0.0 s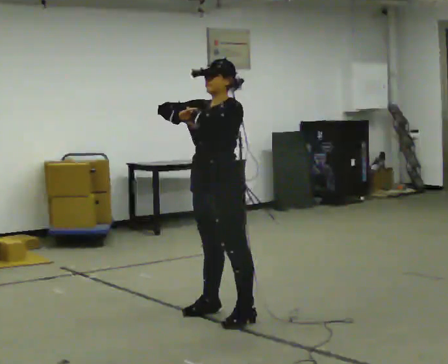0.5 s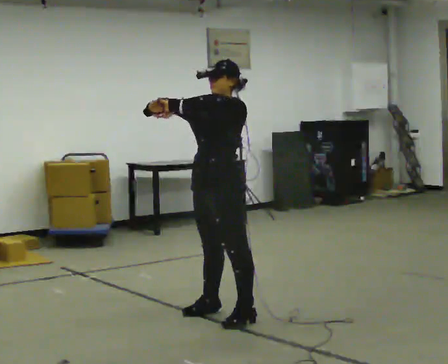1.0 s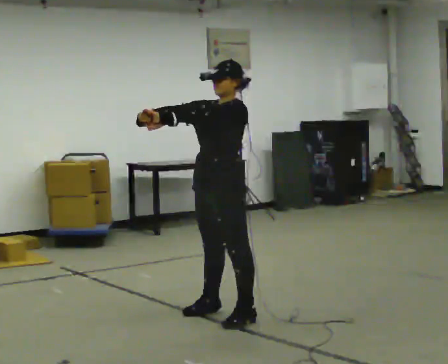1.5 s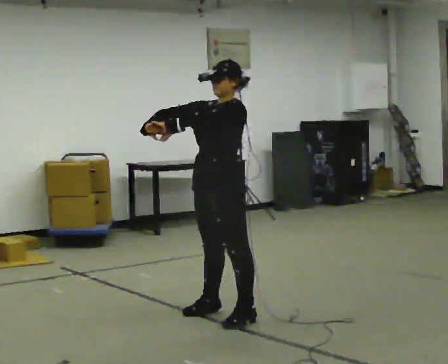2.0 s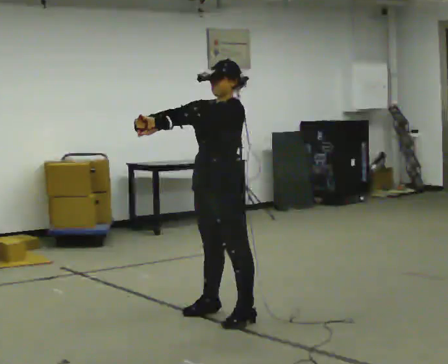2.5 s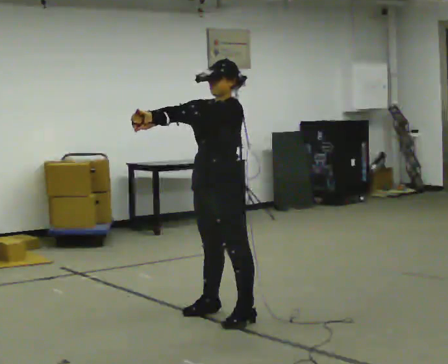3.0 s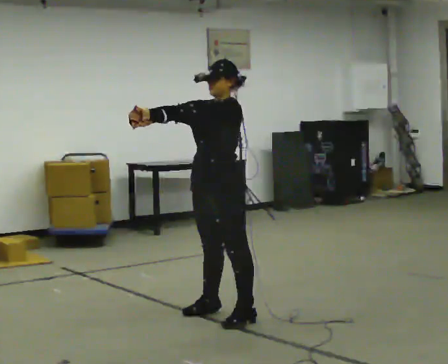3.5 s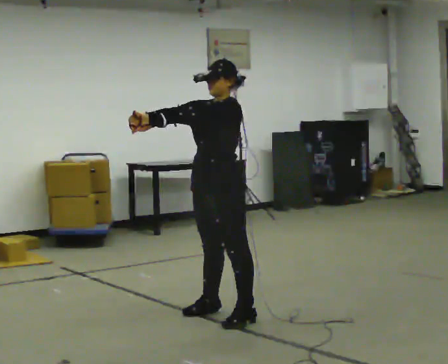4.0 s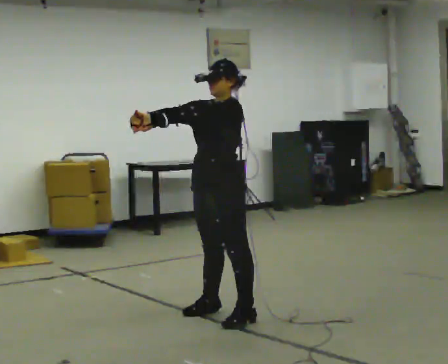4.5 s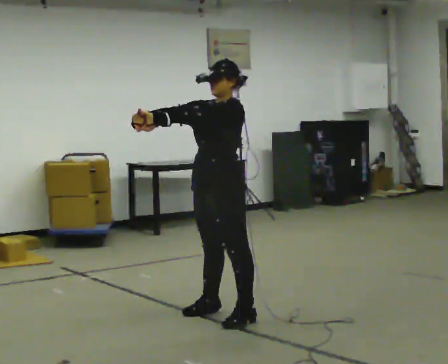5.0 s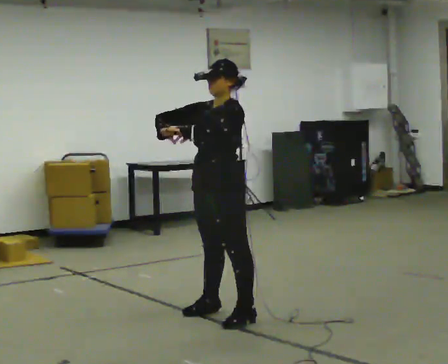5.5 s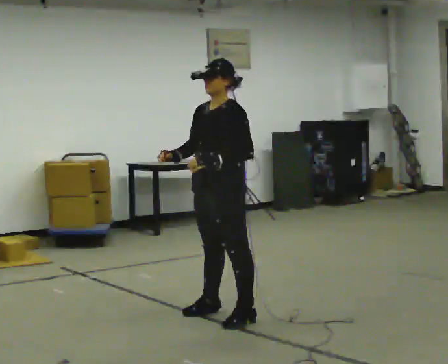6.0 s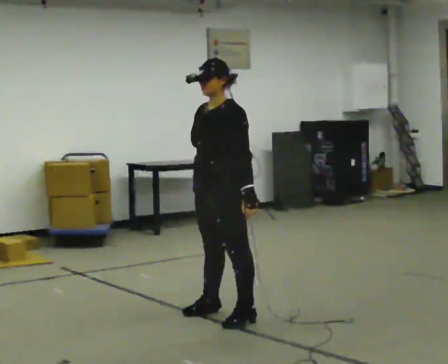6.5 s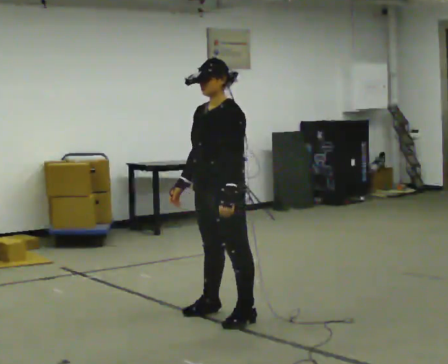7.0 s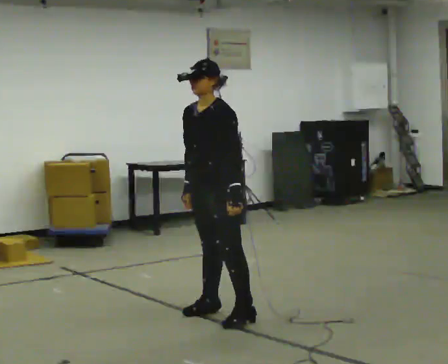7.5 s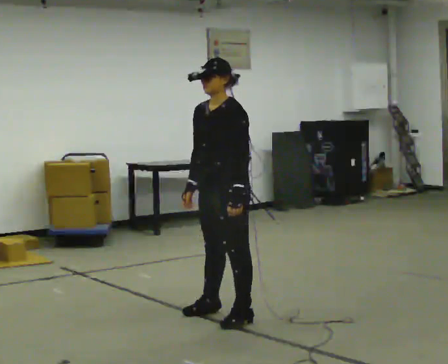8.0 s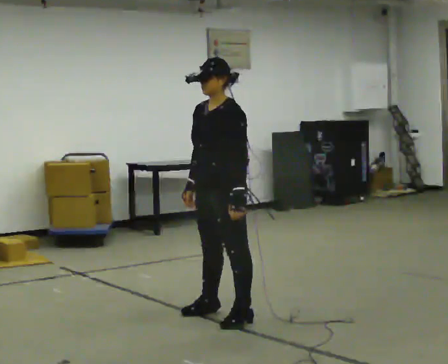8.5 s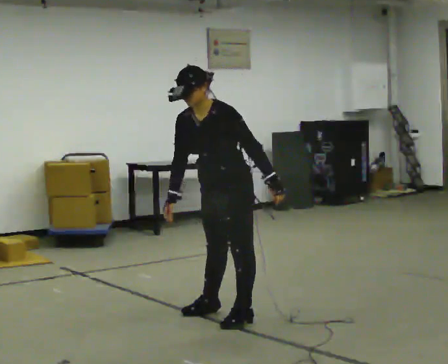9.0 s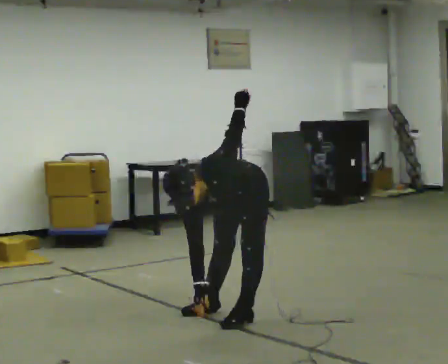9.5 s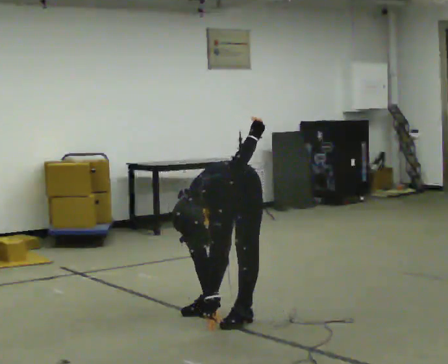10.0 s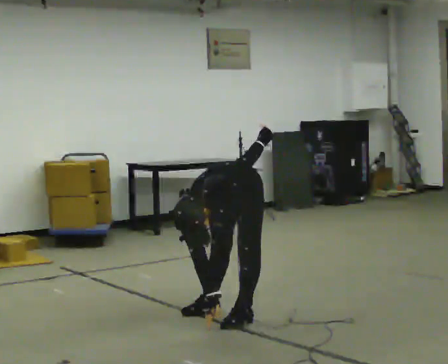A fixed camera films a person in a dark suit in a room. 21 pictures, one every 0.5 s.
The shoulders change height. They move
downward.
0.0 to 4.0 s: The person moves a little, or ends about where they began.
4.0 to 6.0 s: In the picture their right hand goes downward and to the right, the arm swinging counterclockwise.
6.0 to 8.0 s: The person moves a little, or ends about where they began.
8.0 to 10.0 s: The shoulders move downward. The upper body tips toward the camera, its near side rolling downward, as they bend forward.
The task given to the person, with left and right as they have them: Work through the stretches in order, holding each one briefly: touch your toes, pull each heel up behind you, stretch each arm across your chest, and stretch each calf. Stay in one place throughout.
The film runs forward here.
